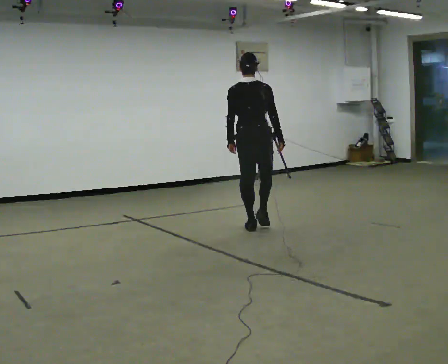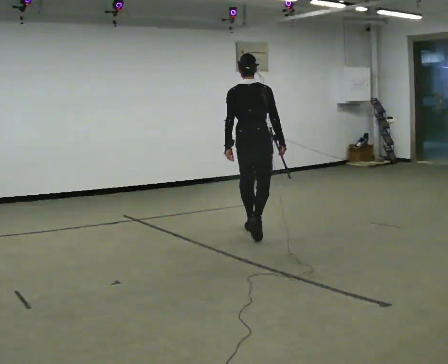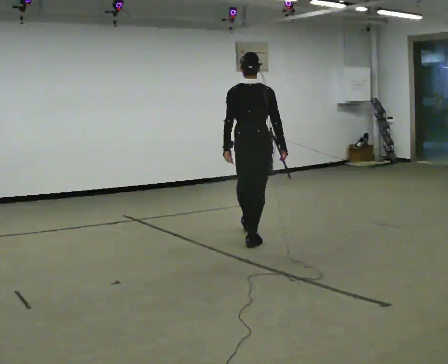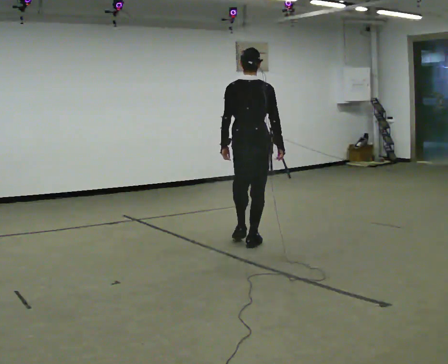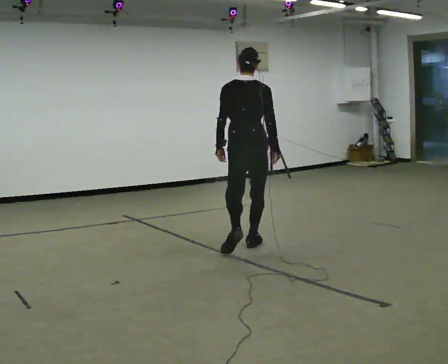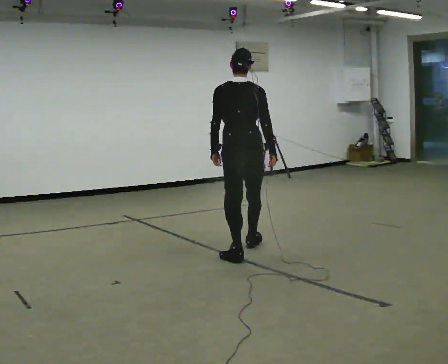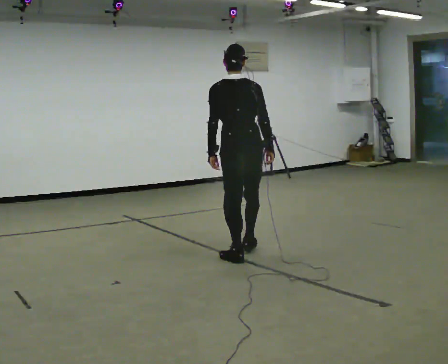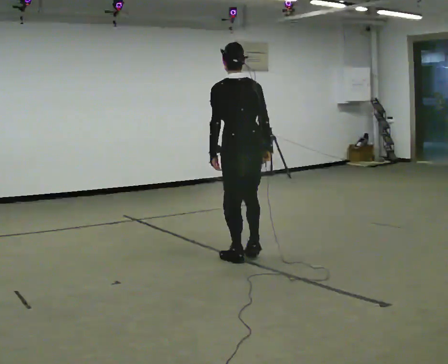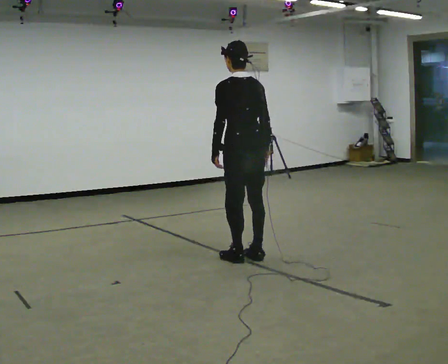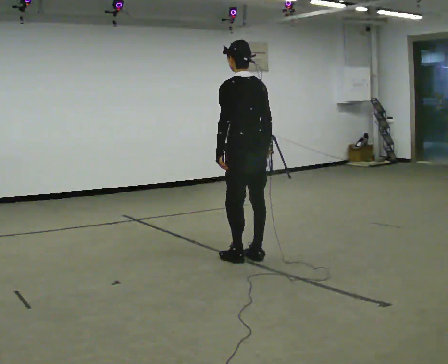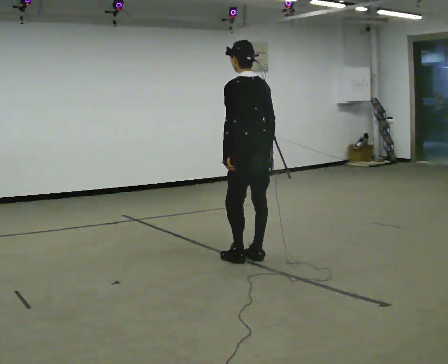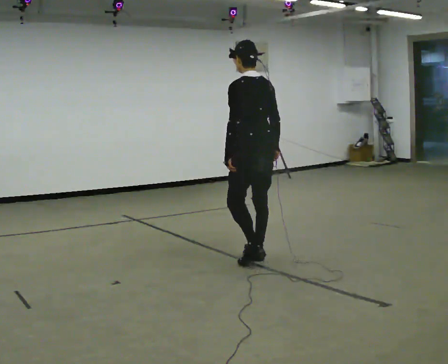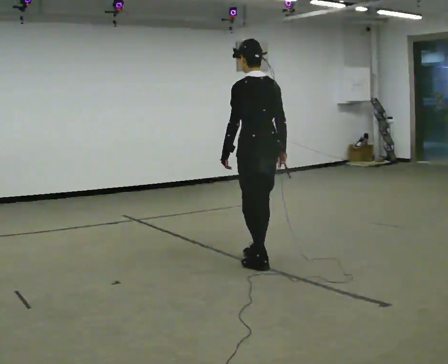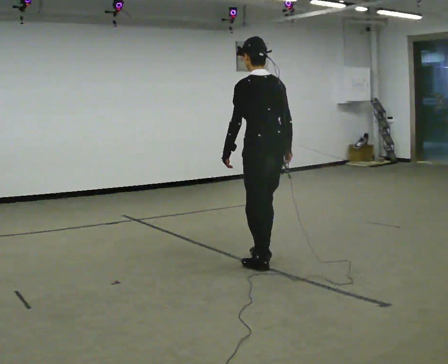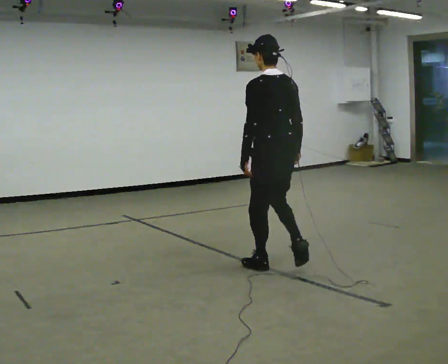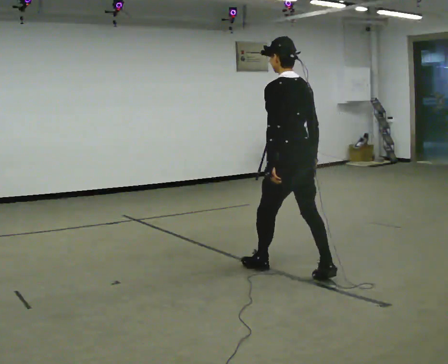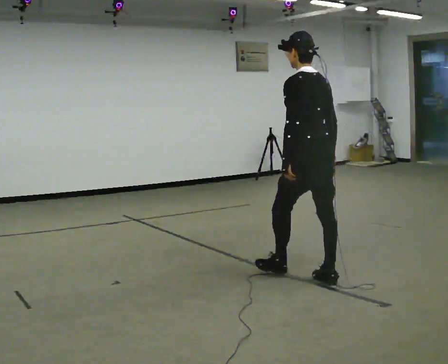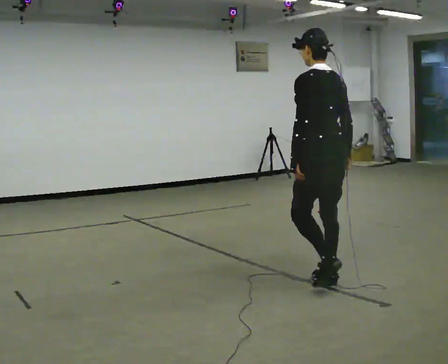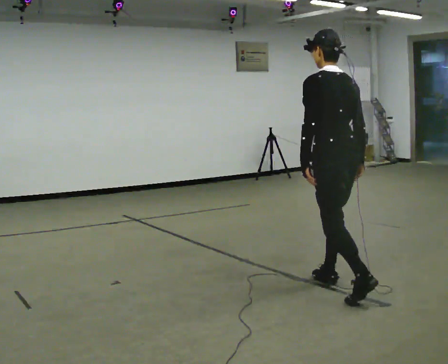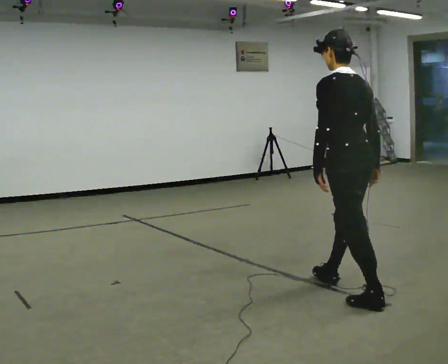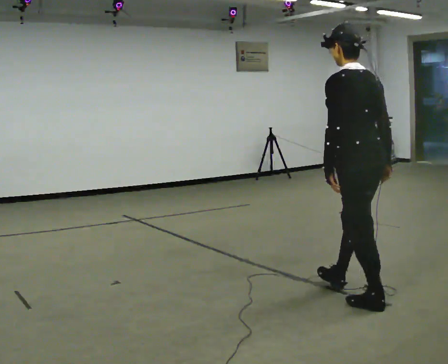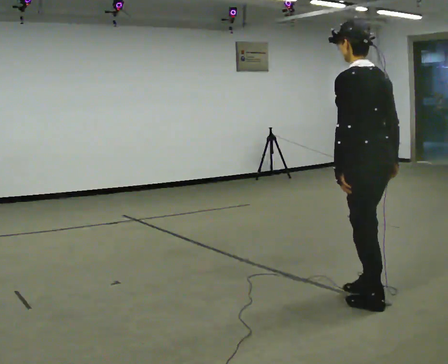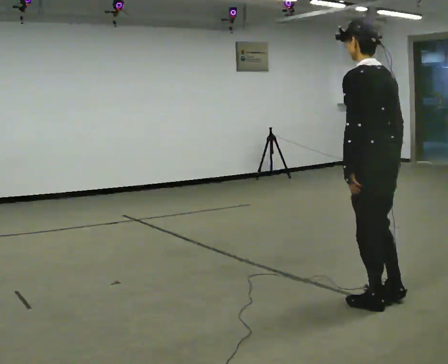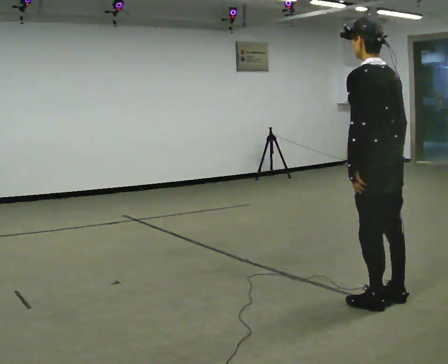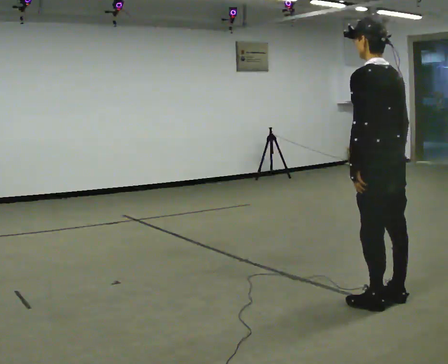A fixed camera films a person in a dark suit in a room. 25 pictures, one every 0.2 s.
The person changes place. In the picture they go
toward the camera.
0.0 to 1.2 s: In the picture they go toward the camera, about 1 m in 2 steps, which for them is backward.
1.2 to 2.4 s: In the picture they go toward the camera, about 0.25 m in 1 step, which for them is backward.
2.4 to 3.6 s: In the picture they go toward the camera and to the right, about 1 m in 2 steps, which for them is backward.
3.6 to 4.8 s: In the picture they go toward the camera and to the right, about 0.5 m in 1 step, which for them is backward.
The film runs backward here.
